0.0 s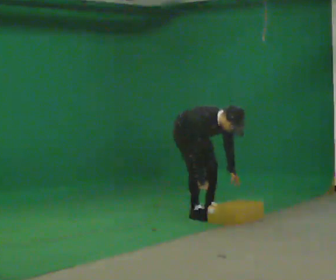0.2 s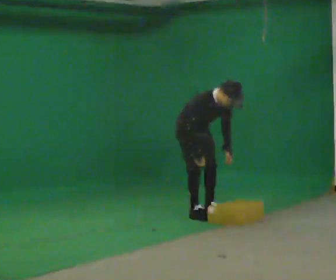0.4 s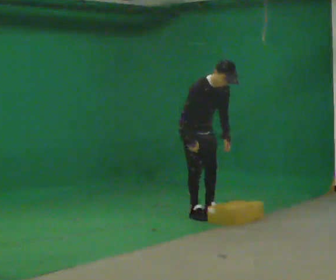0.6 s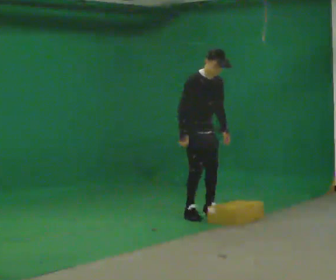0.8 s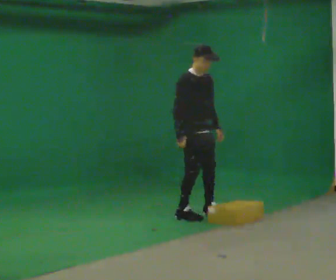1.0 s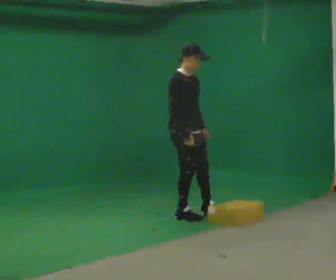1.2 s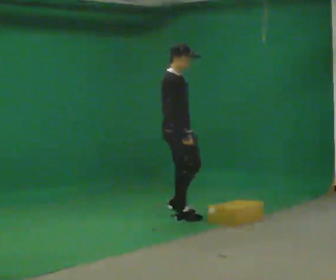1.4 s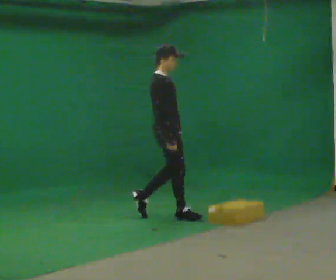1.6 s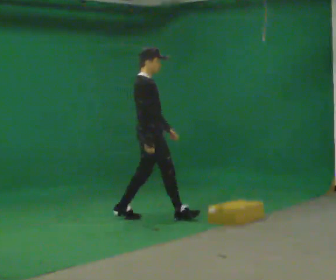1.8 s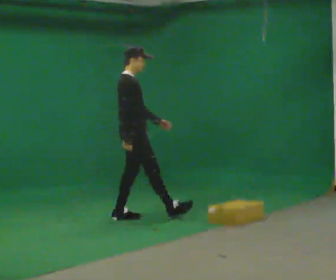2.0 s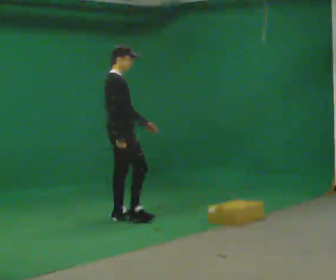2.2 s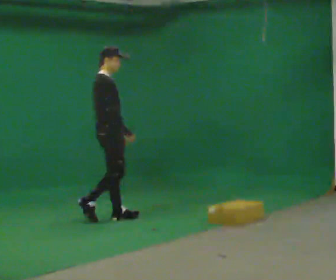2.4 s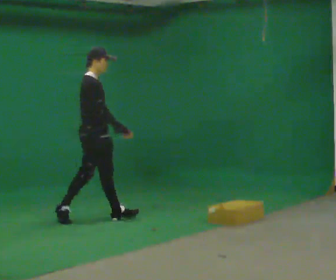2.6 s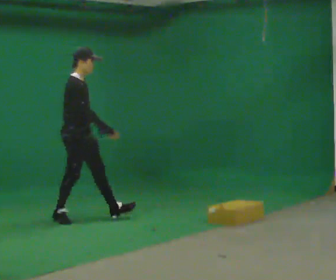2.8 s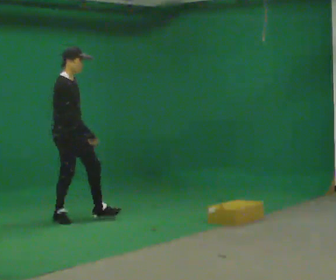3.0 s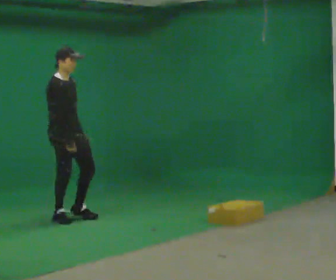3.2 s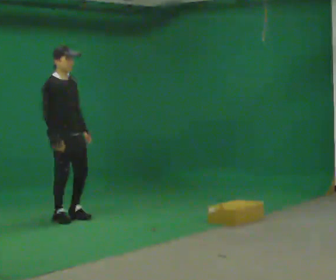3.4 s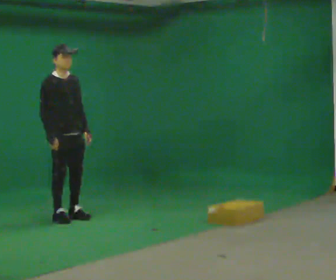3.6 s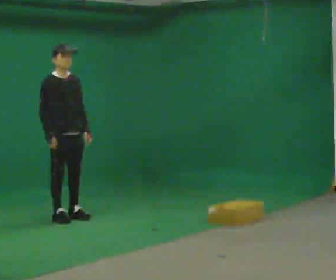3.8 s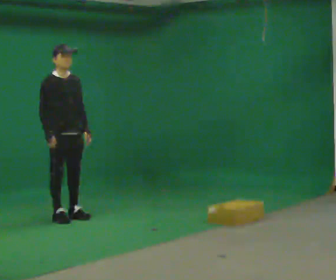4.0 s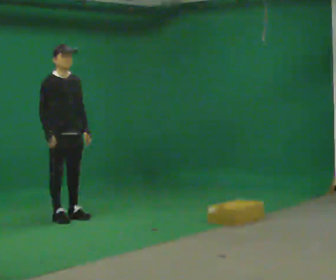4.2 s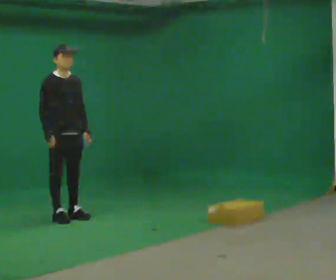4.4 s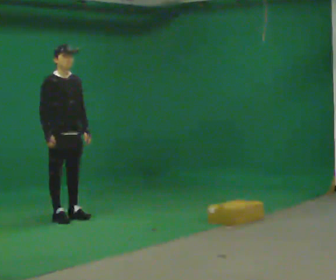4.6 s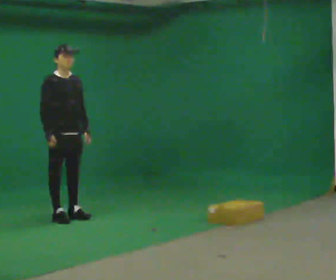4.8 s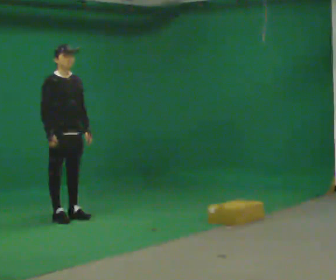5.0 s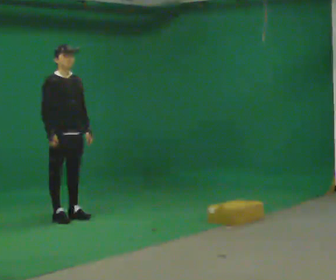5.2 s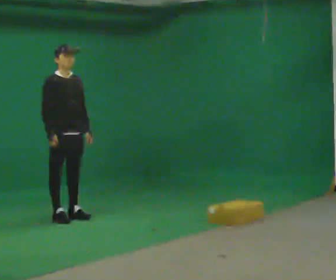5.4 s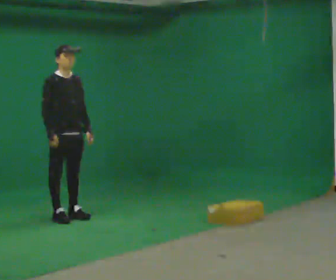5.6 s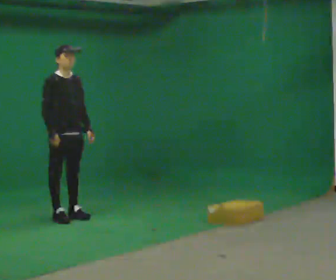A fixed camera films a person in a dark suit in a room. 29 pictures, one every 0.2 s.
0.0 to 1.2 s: The part of the body nearest the lens slides to the right as the person turns to their left by about 30 degrees. In the picture they go toward the camera, about 0.25 m in 2 steps, which for them is to their right. The upper body goes upward. In the picture the upper body tilts counterclockwise, shoulders to the left, as they lean back or straighten. In the picture their right hand goes upward.
1.2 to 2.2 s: In the picture they go to the left, about 0.75 m in 1 step, which for them is backward.
2.2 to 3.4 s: Seen from above the body turns clockwise, about 30 degrees: to their right, with its near side sliding to the left. In the picture they go to the left, about 0.5 m in 1 step, which for them is backward.
3.4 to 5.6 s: The person moves a little, or ends about where they began.
The film runs backward here.
